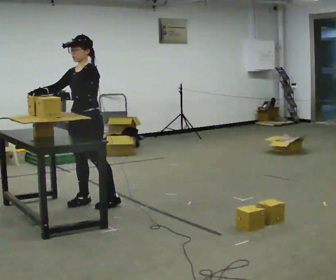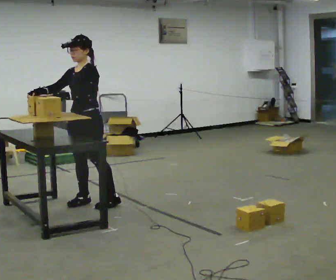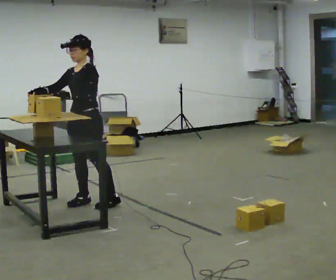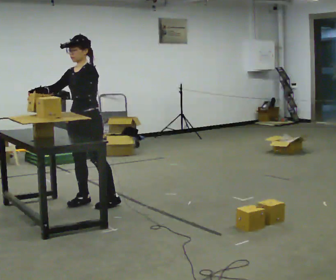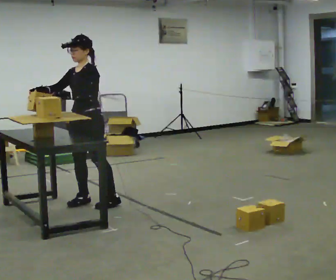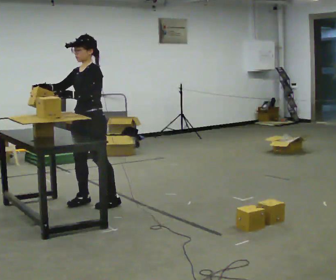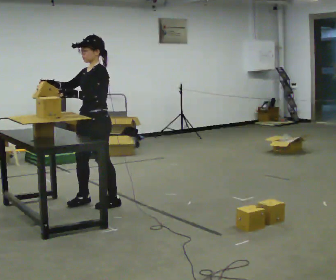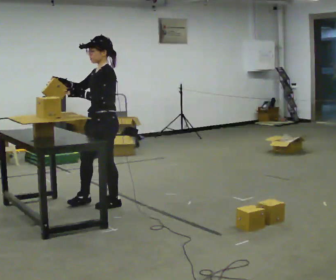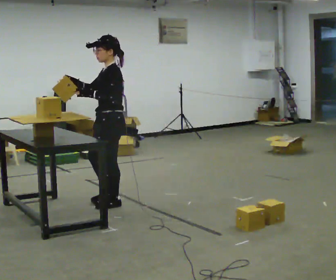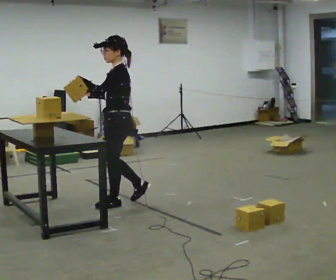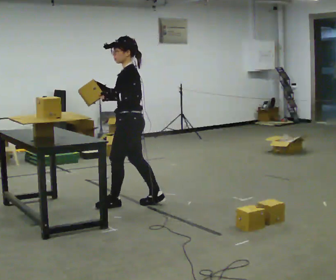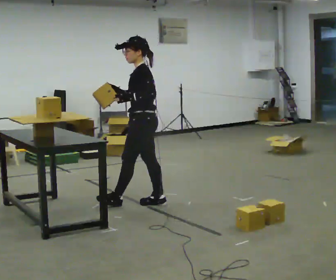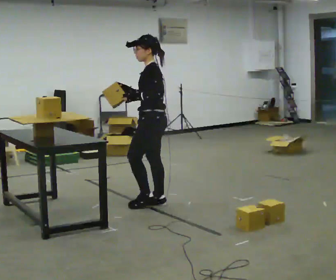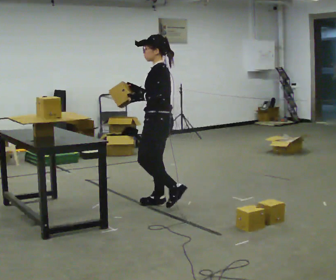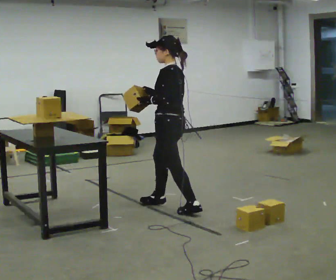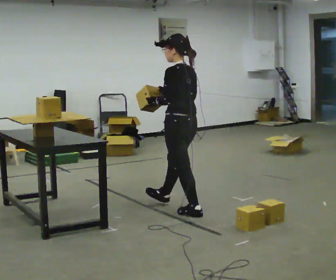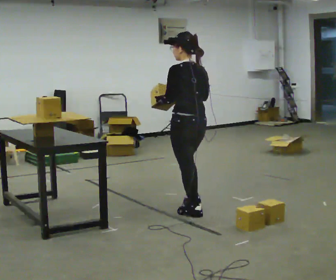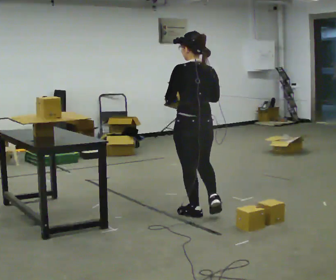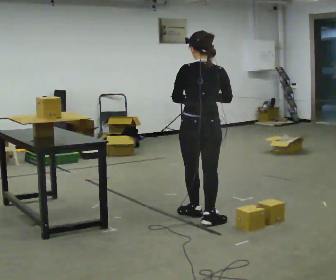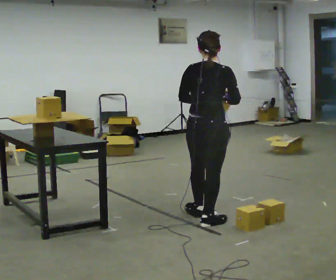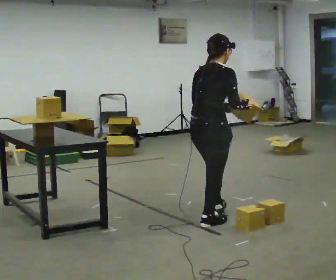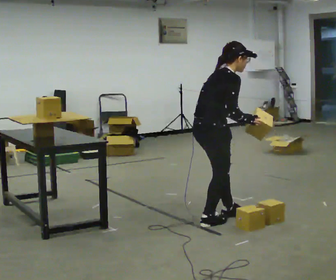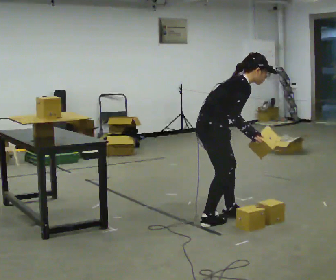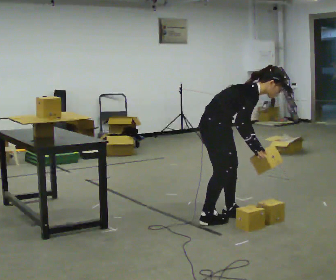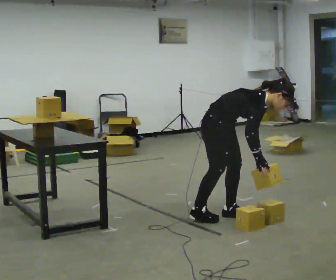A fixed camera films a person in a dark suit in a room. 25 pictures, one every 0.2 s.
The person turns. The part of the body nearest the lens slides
to the left.
The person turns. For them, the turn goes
to their right.
0.0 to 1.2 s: The person moves a little, or ends about where they began.
1.2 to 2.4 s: The part of the body nearest the lens slides to the left as the person turns to their right by about 30 degrees. In the picture they go to the right, about 0.5 m in 2 steps, which for them is backward.
2.4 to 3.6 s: The part of the body nearest the lens slides to the left as the person turns to their right by about 90 degrees. In the picture they go toward the camera and to the right, about 0.5 m in 1 step.
3.6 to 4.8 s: The part of the body nearest the lens slides to the left as the person turns to their right by about 120 degrees. The upper body goes downward. In the picture the upper body tilts clockwise, shoulders to the right, as they bend forward. In the picture their right hand goes downward and to the right.
The film runs backward here.
